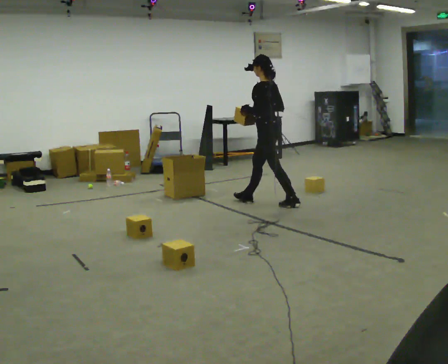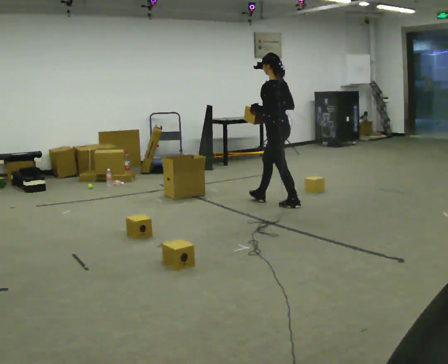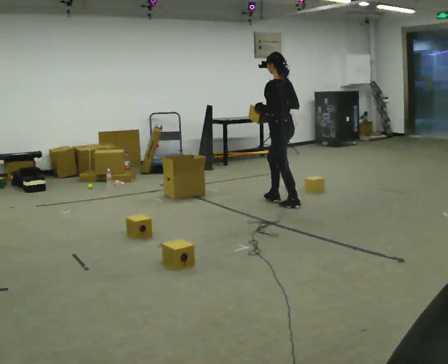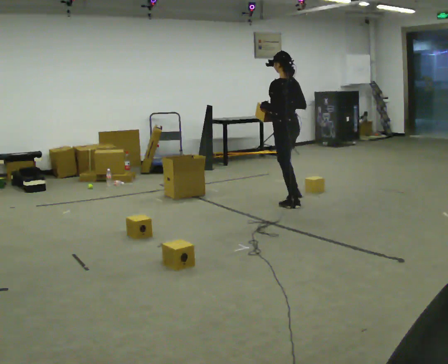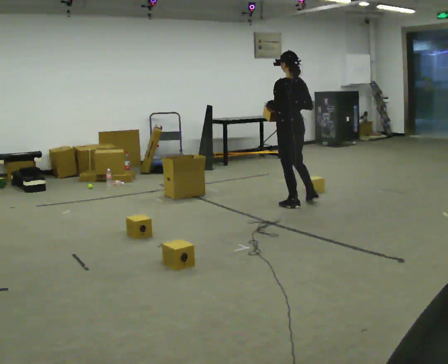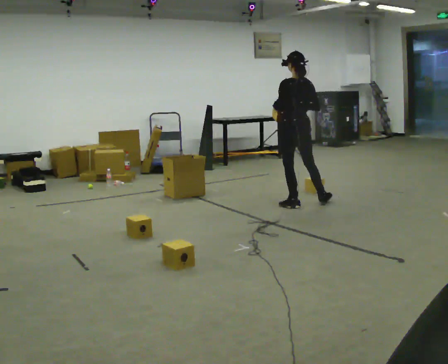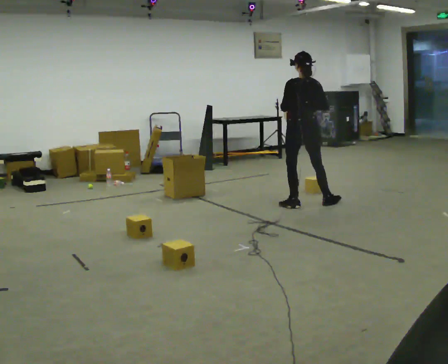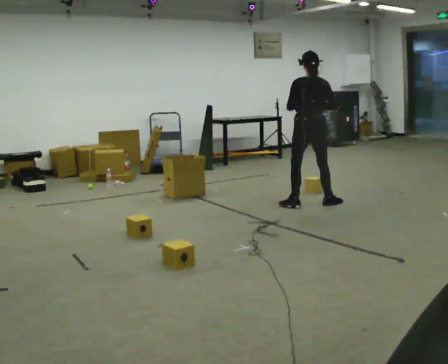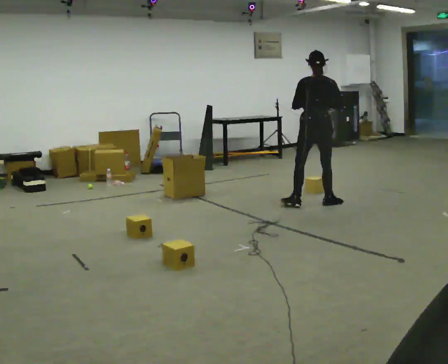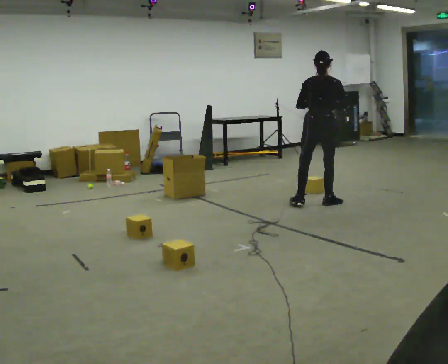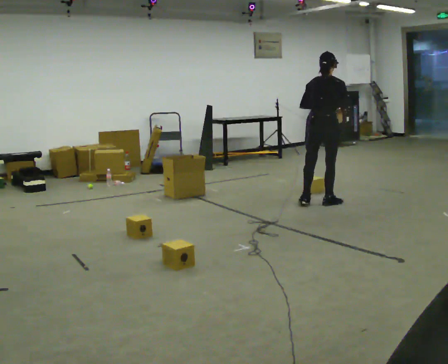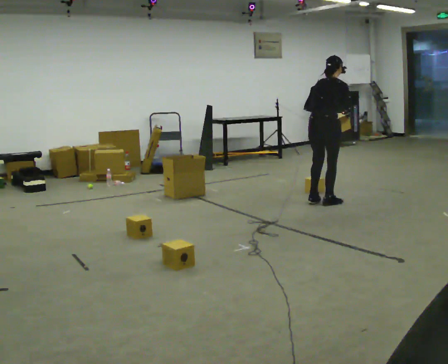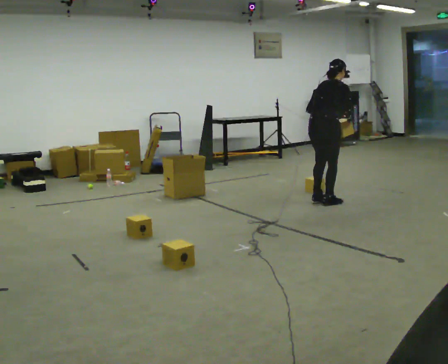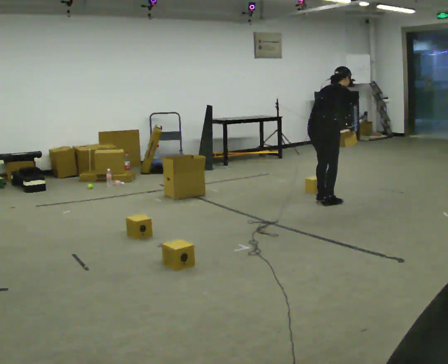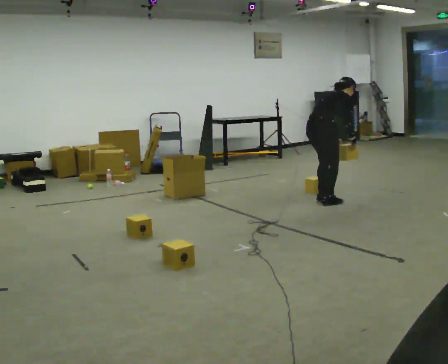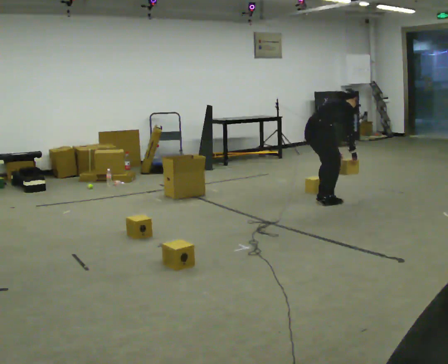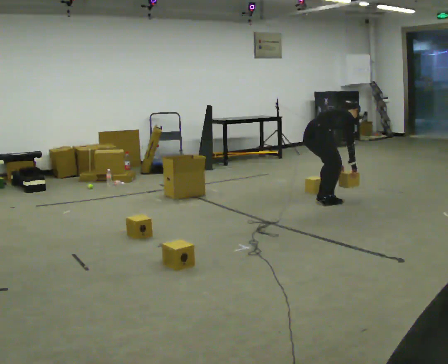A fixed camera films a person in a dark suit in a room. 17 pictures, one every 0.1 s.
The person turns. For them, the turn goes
to their right.
The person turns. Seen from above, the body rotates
clockwise.
0.0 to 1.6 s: The person turns about 120 degrees to their right, clockwise seen from above, so the part of the body nearest the lens slides to the left. In the picture they go to the right, about 0.5 m in 1 step. The shoulders move downward. In the picture the upper body tilts clockwise, shoulders to the right, as they bend forward. In the picture their right hand goes downward.
The film runs backward here.
